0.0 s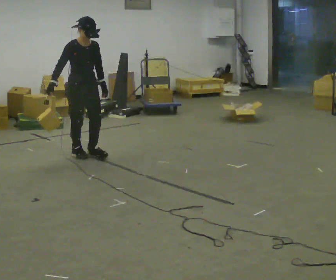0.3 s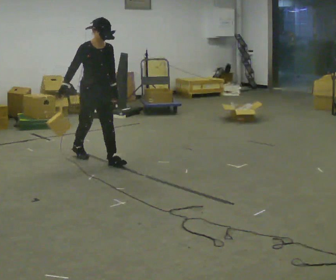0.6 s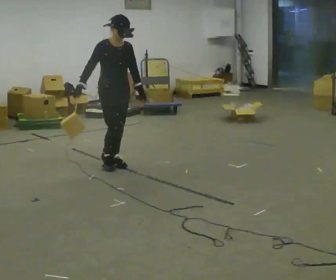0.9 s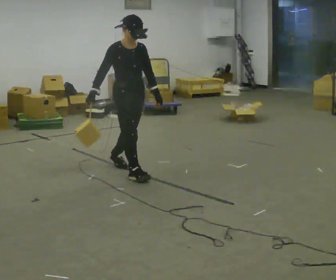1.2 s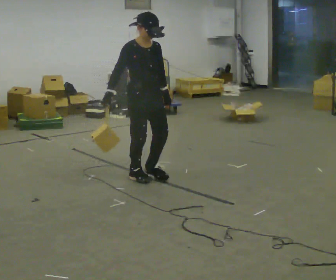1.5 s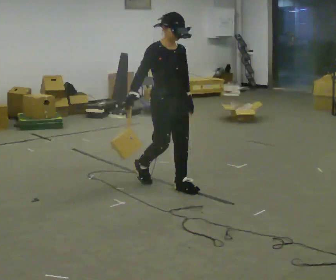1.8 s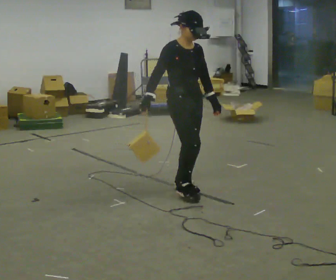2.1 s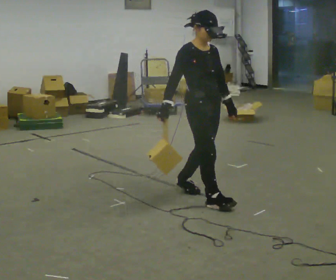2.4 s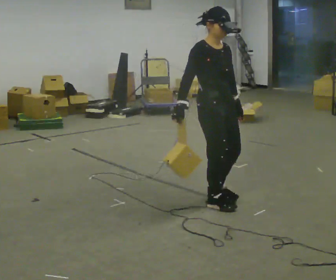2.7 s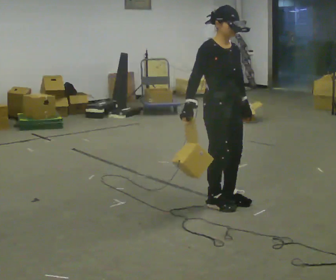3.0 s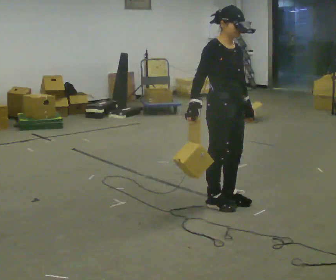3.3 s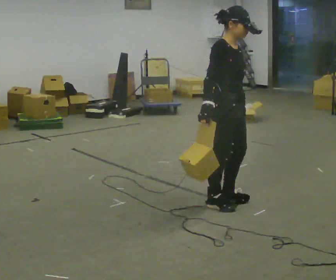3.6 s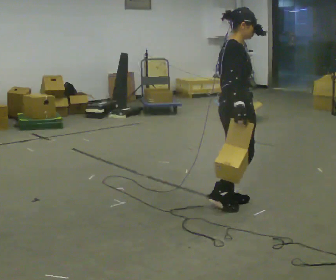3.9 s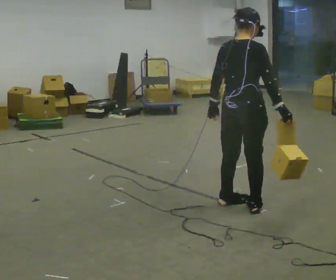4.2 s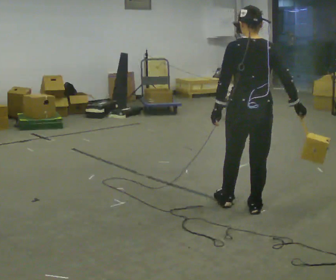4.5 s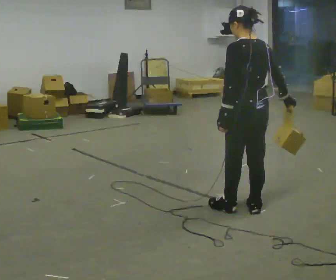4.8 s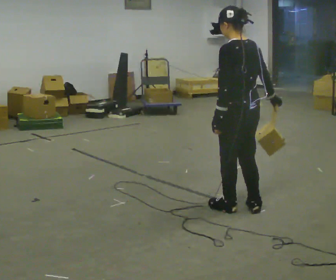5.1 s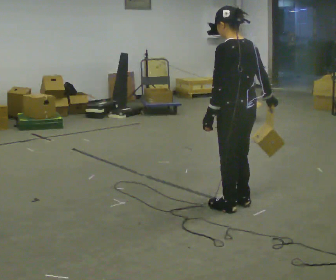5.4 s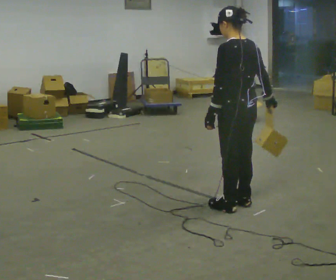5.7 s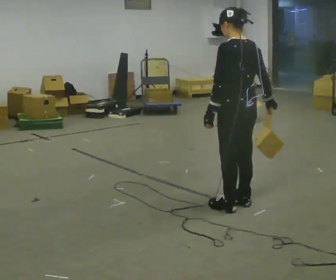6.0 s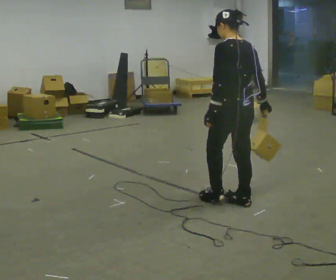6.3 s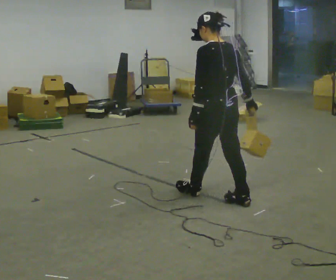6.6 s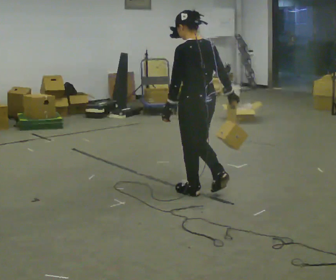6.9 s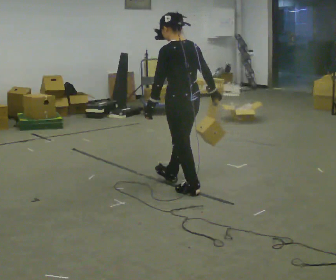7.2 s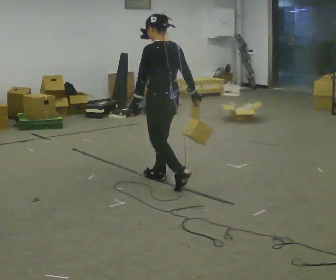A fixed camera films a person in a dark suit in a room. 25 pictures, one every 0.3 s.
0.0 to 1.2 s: In the picture they go to the right and toward the camera, about 1 m in 2 steps, which for them is forward.
1.2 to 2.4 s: In the picture they go to the right and toward the camera, about 1 m in 2 steps, which for them is forward.
2.4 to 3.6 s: Seen from above the body turns counterclockwise, about 45 degrees: to their left, with its near side sliding to the right. In the picture their right hand goes to the right.
3.6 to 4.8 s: The person turns about 120 degrees to their left, counterclockwise seen from above, so the part of the body nearest the lens slides to the right.
4.8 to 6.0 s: The person moves a little, or ends about where they began.
6.0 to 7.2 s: In the picture they go to the left and away from the camera, about 1 m in 2 steps, which for them is forward.
The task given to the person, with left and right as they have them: Hold the object against your hip on the side the operator calls, and carry it back and forth across the room.
The film runs forward here.
